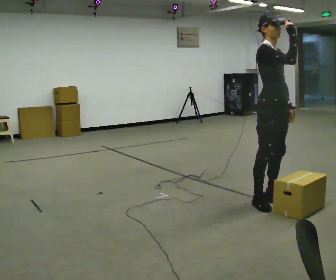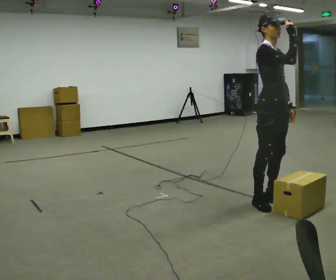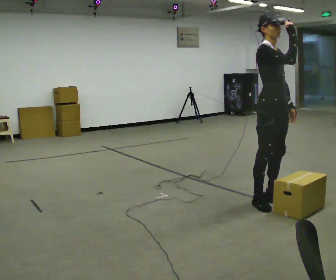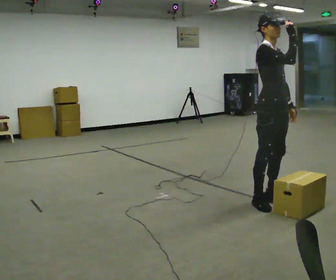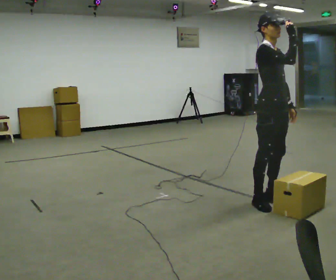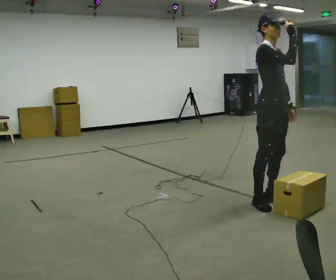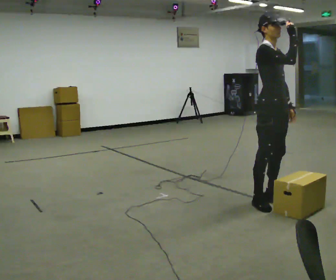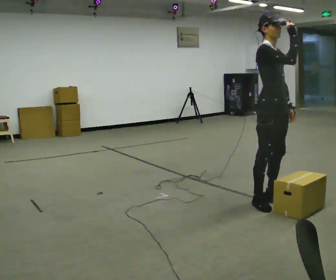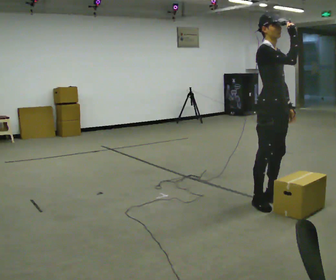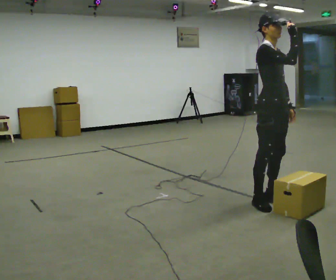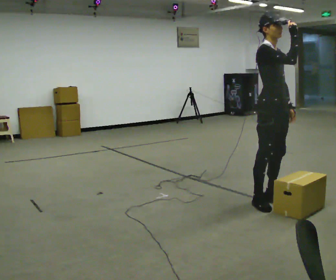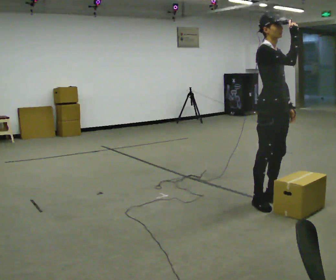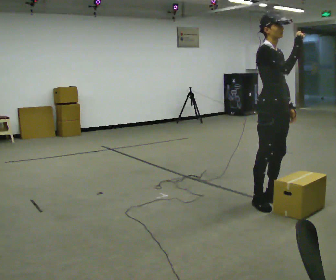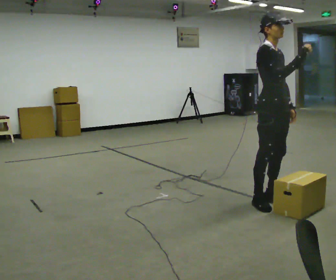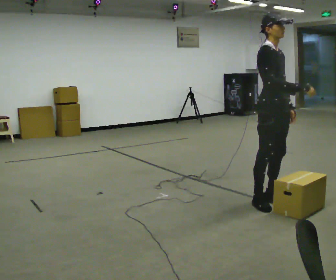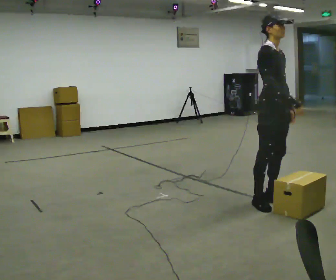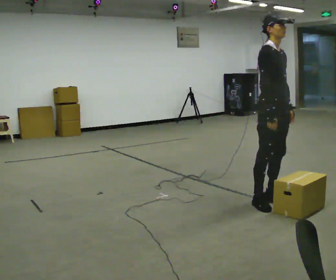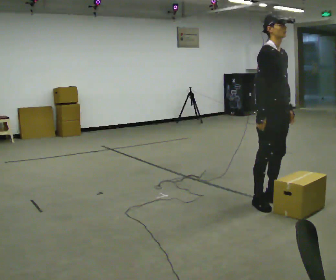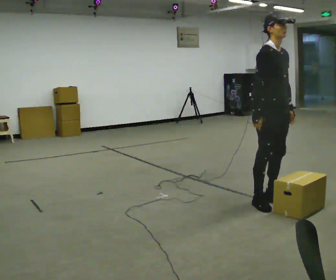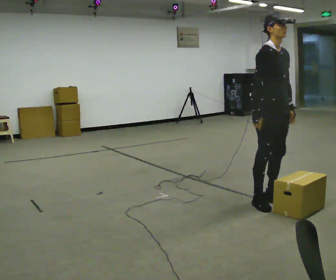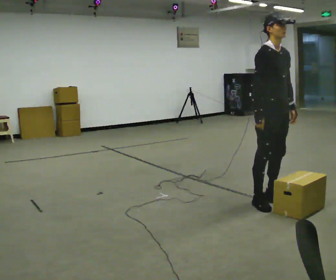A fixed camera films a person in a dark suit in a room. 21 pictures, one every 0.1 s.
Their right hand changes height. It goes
downward.
0.0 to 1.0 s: The person keeps their place and pose.
1.0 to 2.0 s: In the picture their right hand goes downward and to the left.
The film runs forward here.
